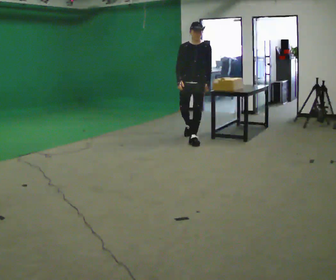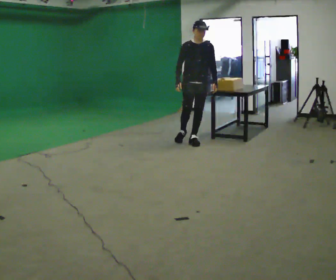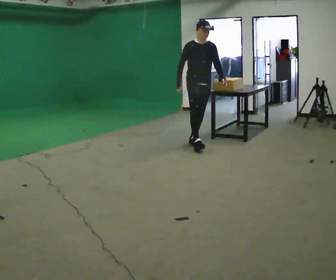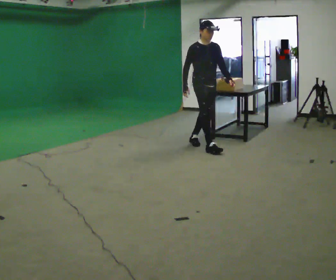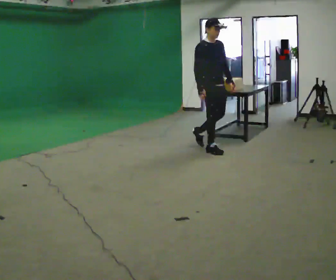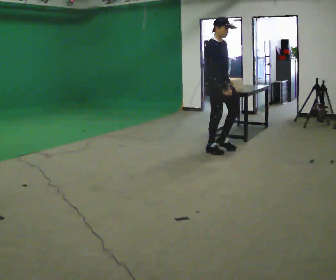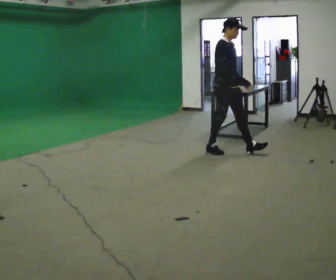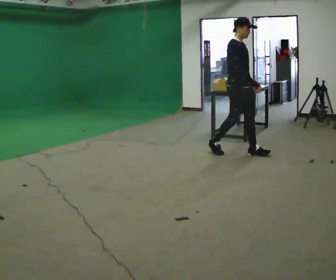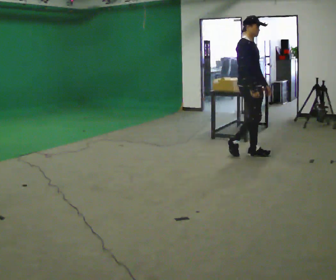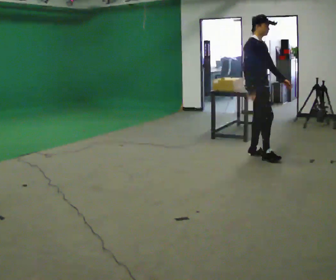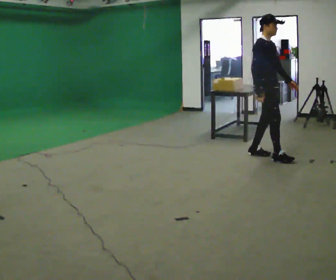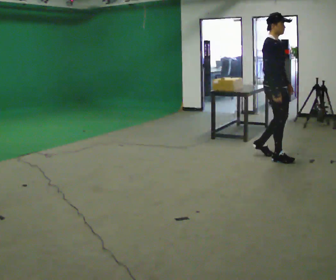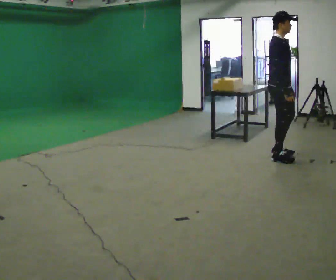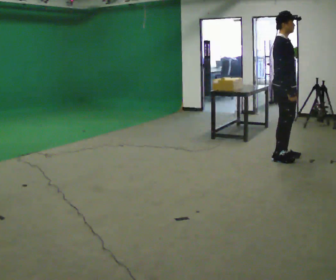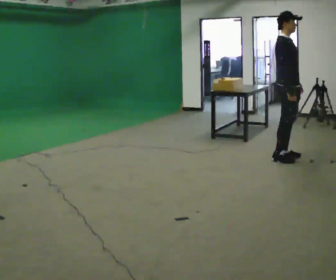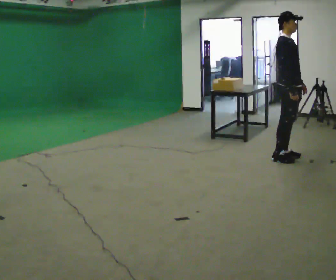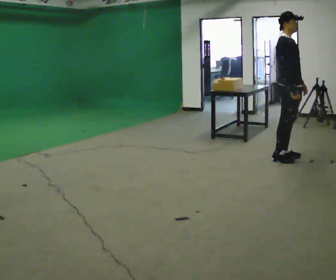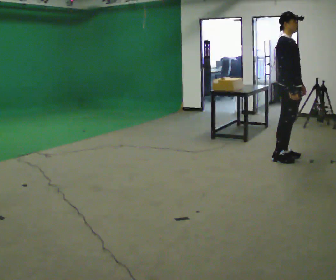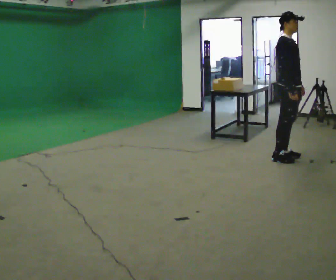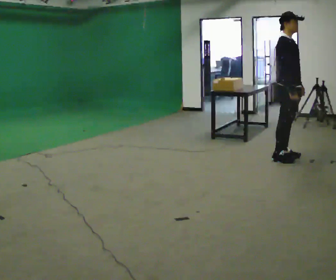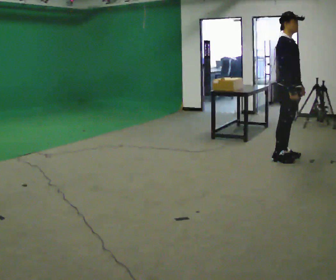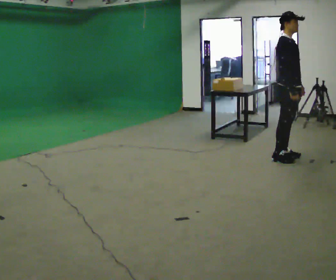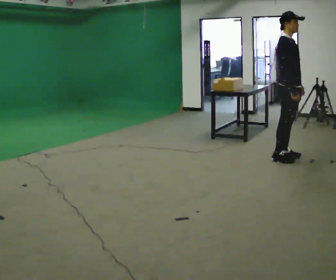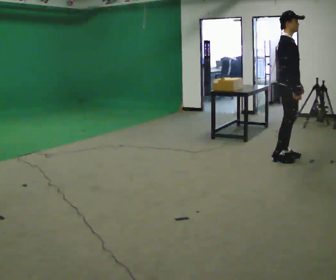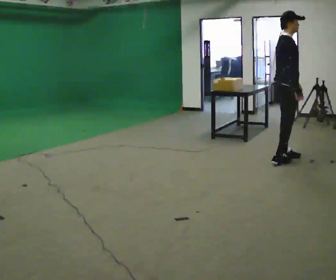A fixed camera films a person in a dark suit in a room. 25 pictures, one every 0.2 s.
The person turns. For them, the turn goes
to their left.
The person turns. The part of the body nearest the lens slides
to the right.
0.0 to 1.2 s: The person turns about 60 degrees to their left, counterclockwise seen from above, so the part of the body nearest the lens slides to the right. In the picture they go toward the camera and to the right, about 1 m in 1 step.
1.2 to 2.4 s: In the picture they go to the right, about 0.5 m in 2 steps, which for them is forward.
2.4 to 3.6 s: The person moves a little, or ends about where they began.
3.6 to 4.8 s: The part of the body nearest the lens slides to the right as the person turns to their left by about 30 degrees.
The film runs forward here.
